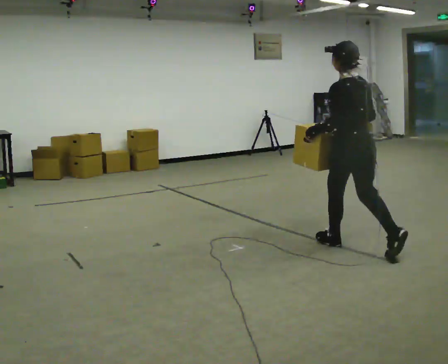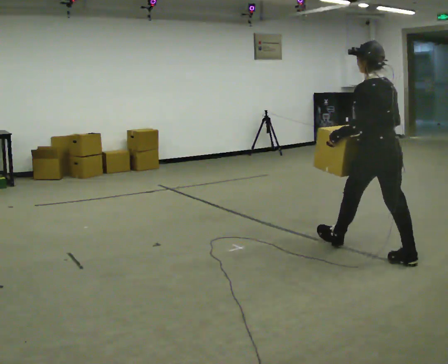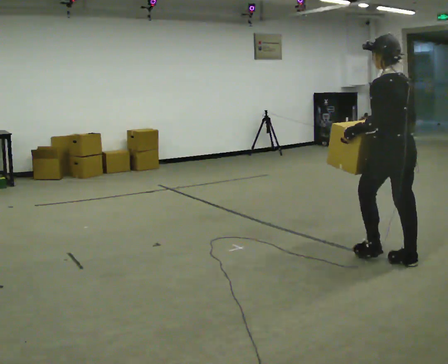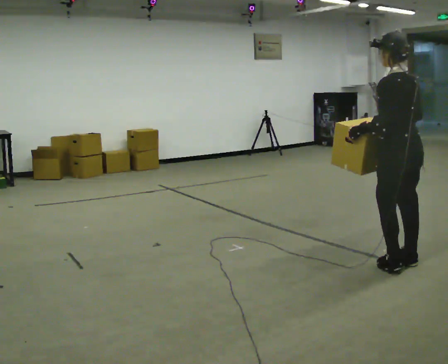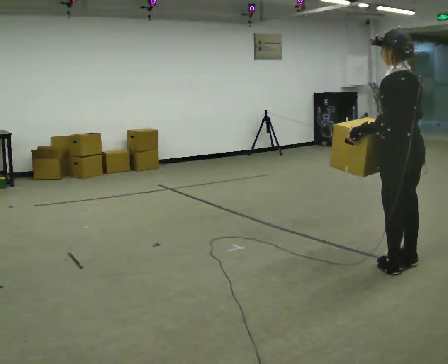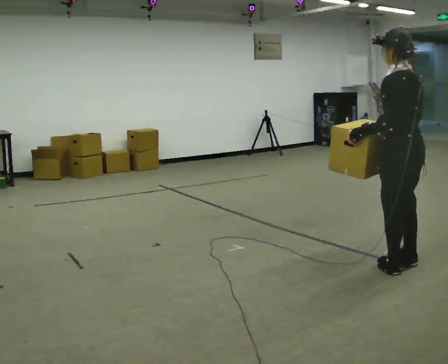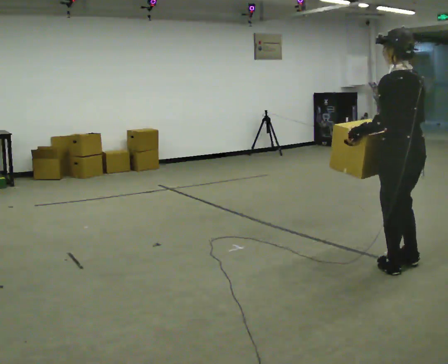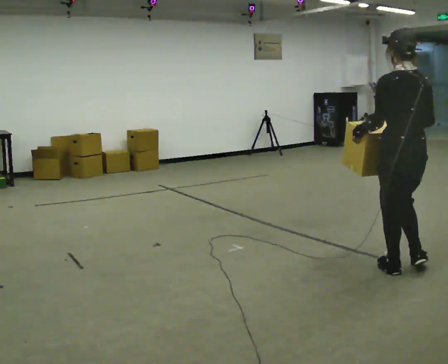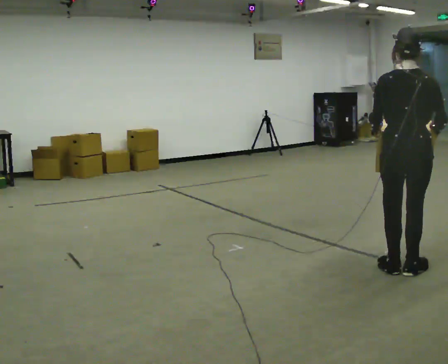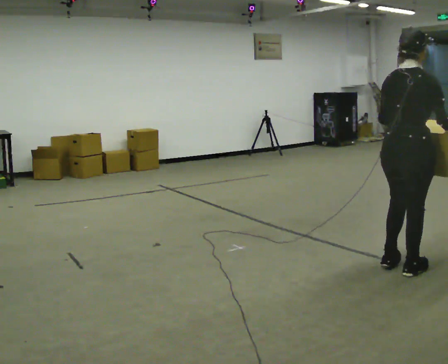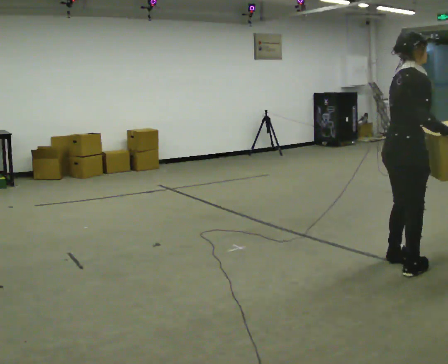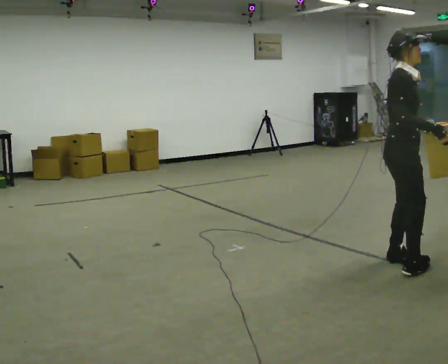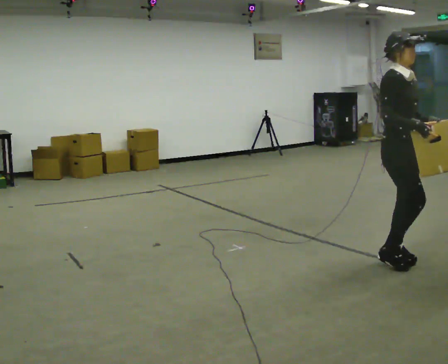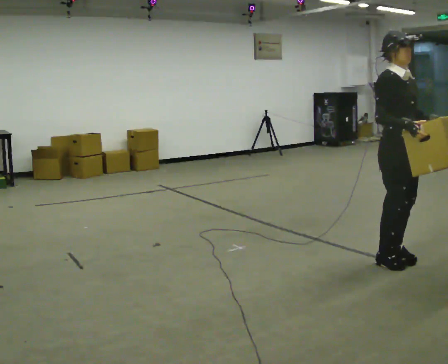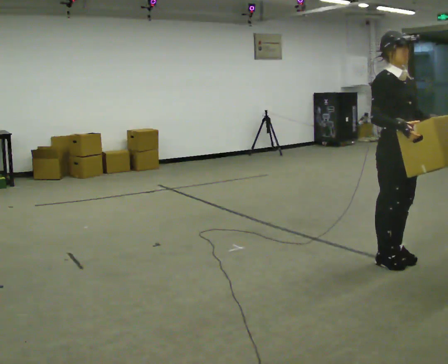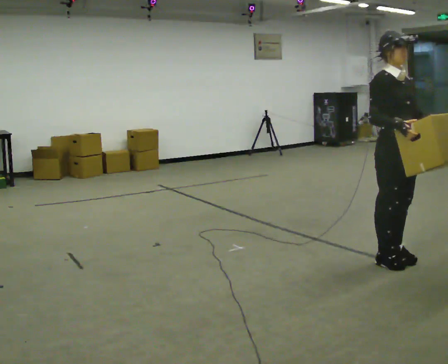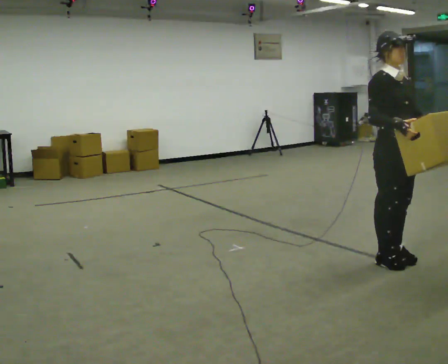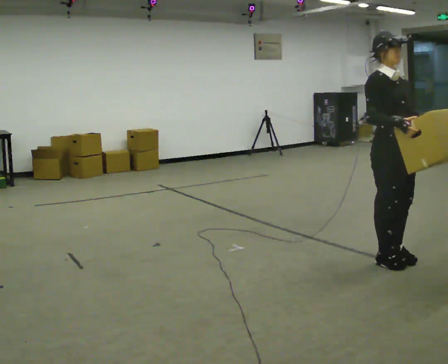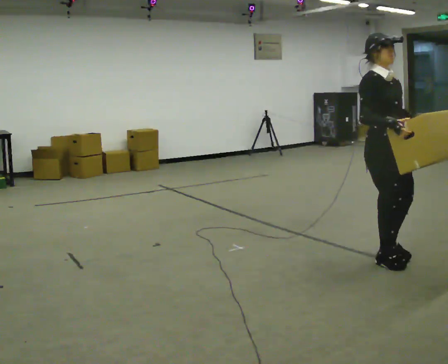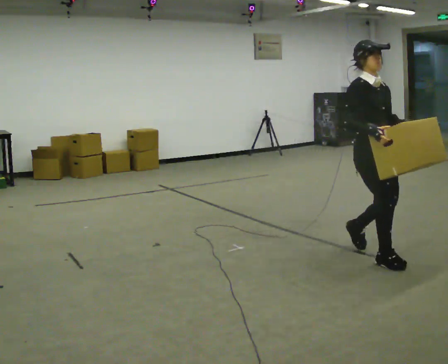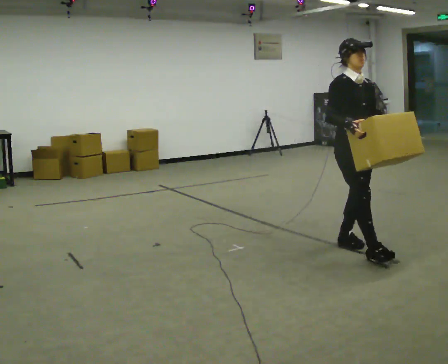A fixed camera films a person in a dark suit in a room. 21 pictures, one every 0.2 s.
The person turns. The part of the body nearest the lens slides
to the left.
The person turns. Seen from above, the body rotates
clockwise.
0.0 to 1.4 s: In the picture they go toward the camera and to the right, about 0.75 m in 2 steps, which for them is backward.
1.4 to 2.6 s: The person turns about 165 degrees to their right, clockwise seen from above, so the part of the body nearest the lens slides to the left. In the picture they go away from the camera, about 0.25 m in 2 steps.
2.6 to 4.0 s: In the picture they go to the left and away from the camera, about 0.5 m in 2 steps, which for them is backward.
The film runs backward here.
